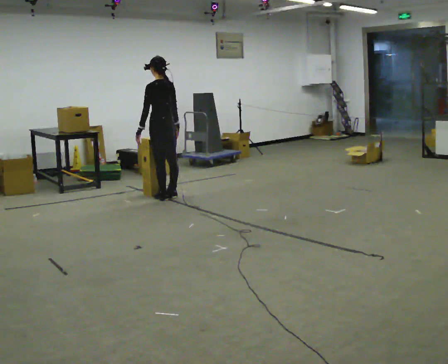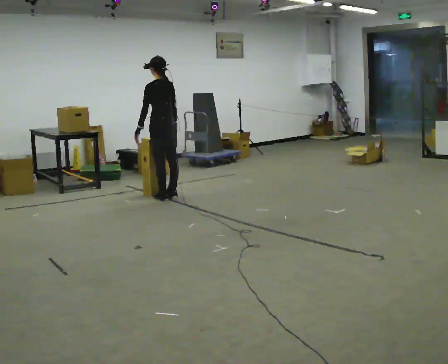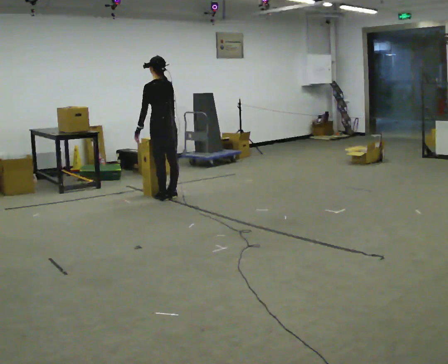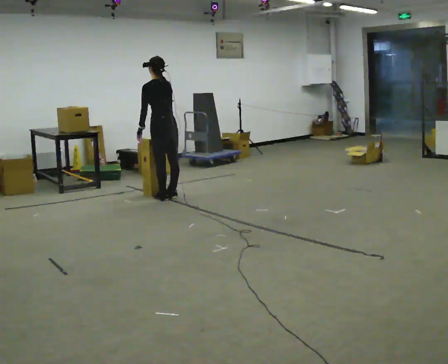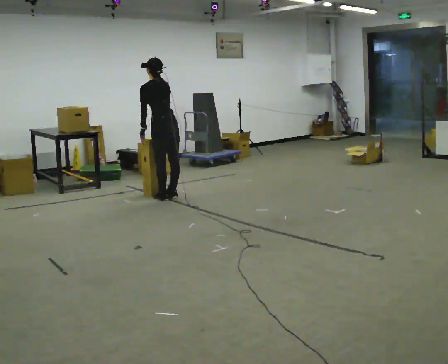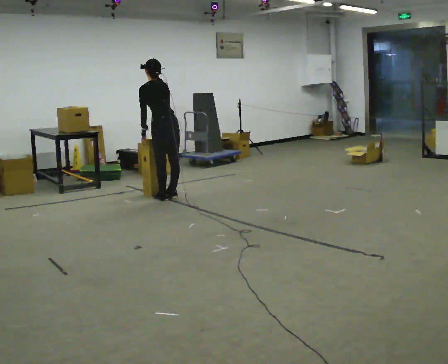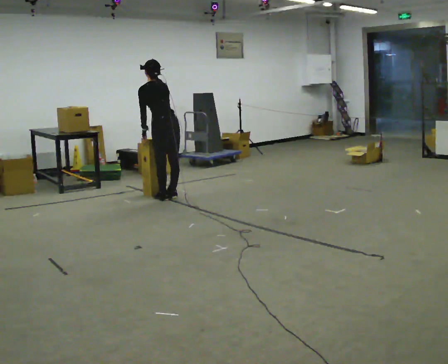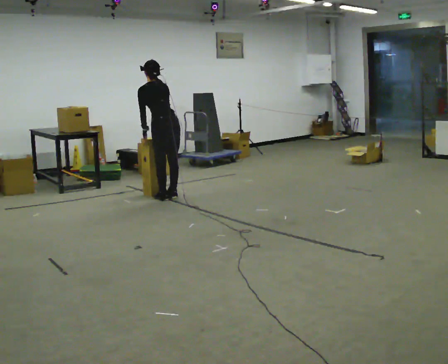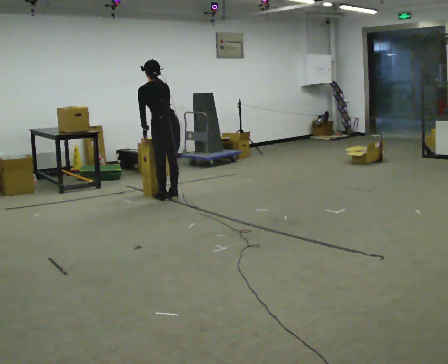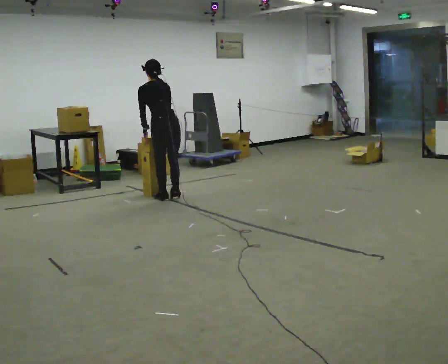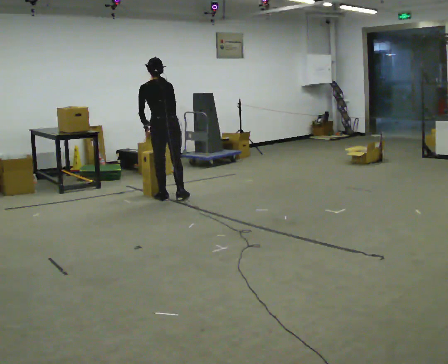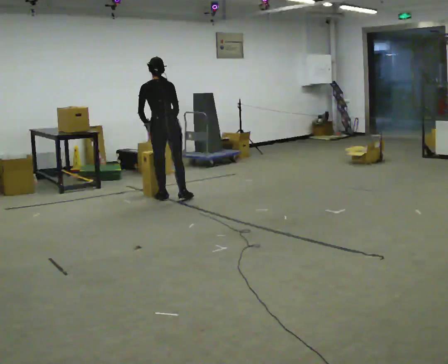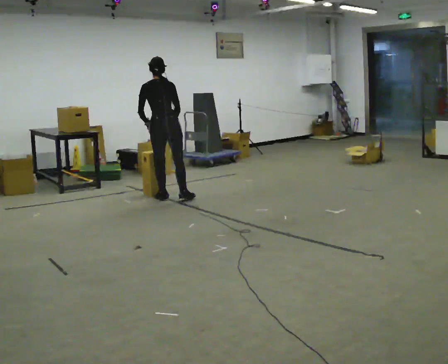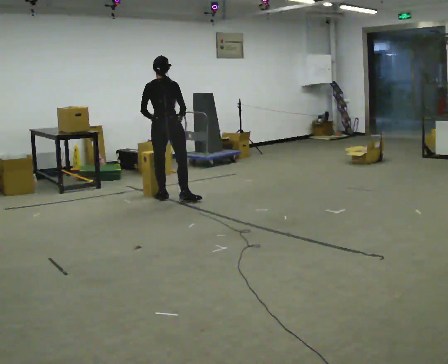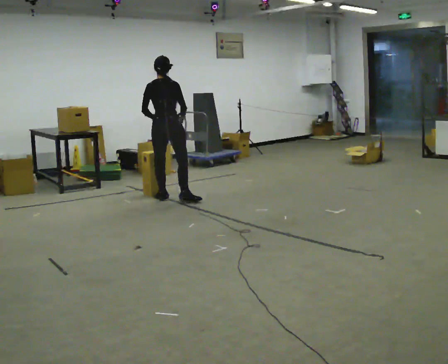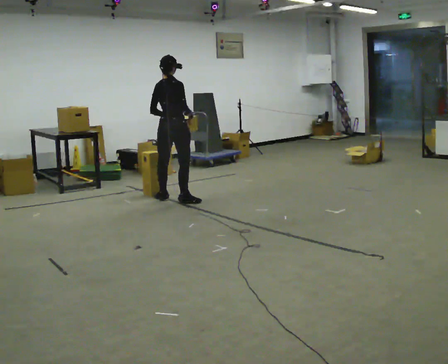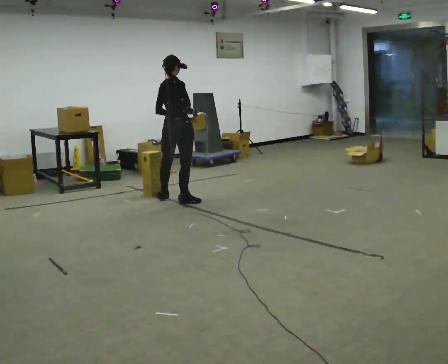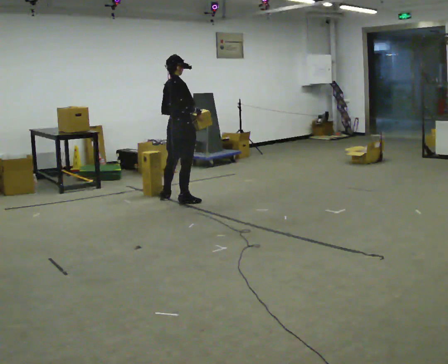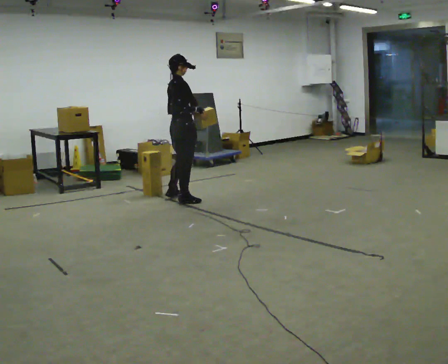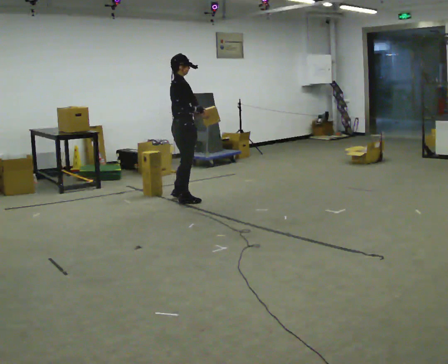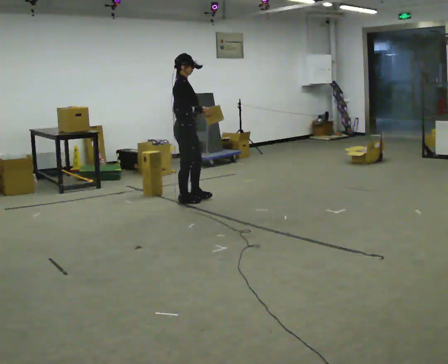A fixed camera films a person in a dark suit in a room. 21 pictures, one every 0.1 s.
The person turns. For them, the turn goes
to their right.
The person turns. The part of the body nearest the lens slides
to the left.
0.0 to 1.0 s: Seen from above the body turns clockwise, about 30 degrees: to their right, with its near side sliding to the left. In the picture they go toward the camera, about 0.25 m, which for them is backward. The upper body tips away from the camera, its near side rolling upward.
1.0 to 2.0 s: The part of the body nearest the lens slides to the left as the person turns to their right by about 105 degrees. In the picture they go to the right and toward the camera, about 0.25 m in 1 step. The upper body tips toward the camera, its near side rolling downward, as they lean back or straighten.
The film runs forward here.
